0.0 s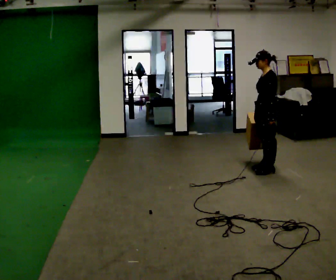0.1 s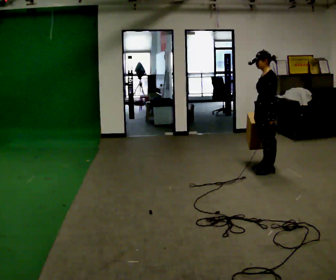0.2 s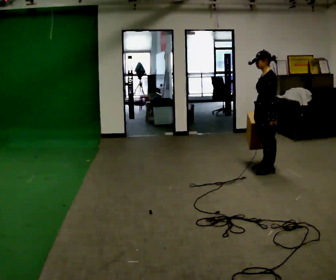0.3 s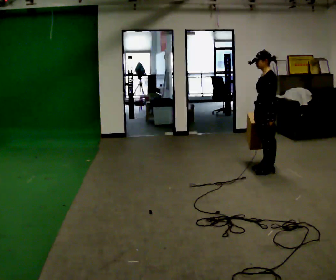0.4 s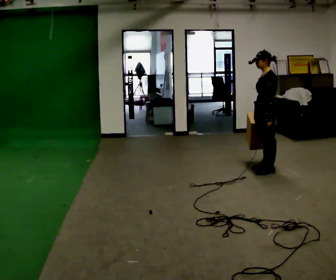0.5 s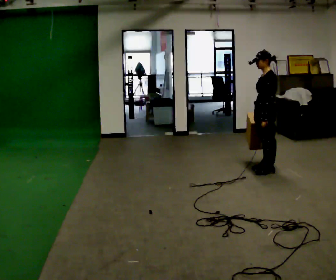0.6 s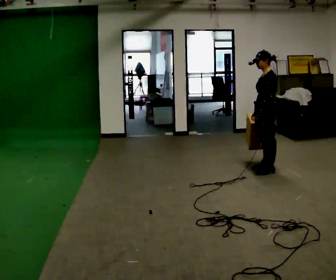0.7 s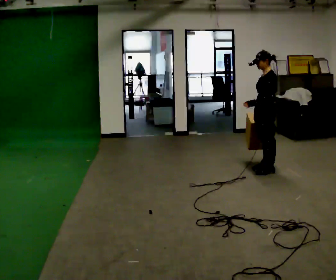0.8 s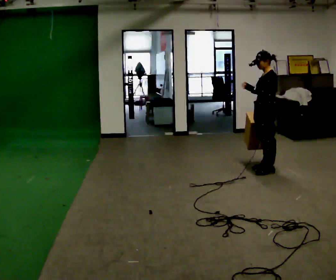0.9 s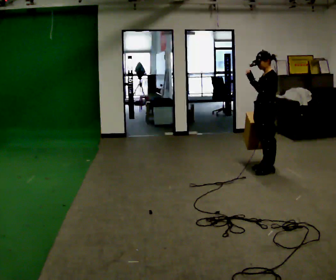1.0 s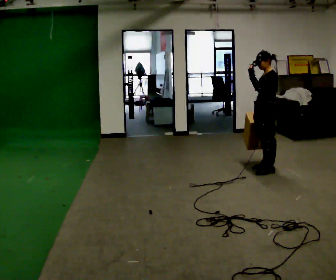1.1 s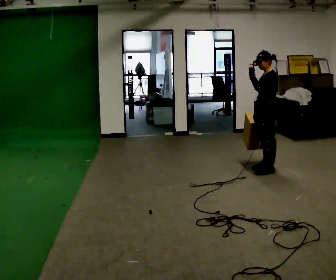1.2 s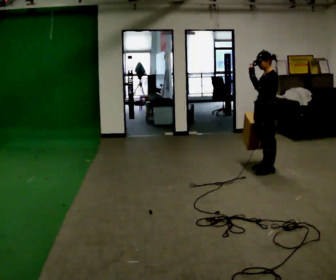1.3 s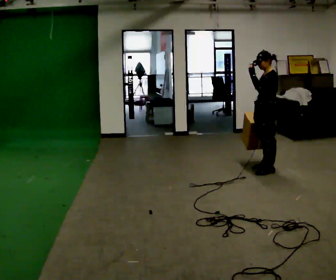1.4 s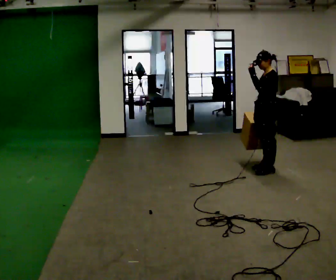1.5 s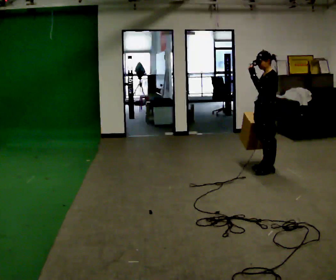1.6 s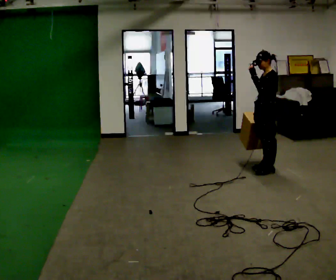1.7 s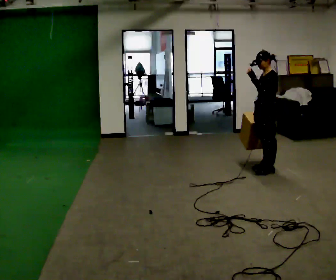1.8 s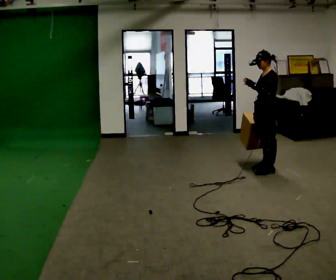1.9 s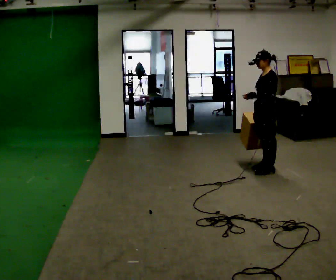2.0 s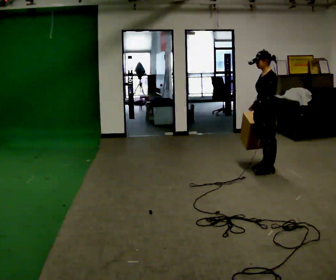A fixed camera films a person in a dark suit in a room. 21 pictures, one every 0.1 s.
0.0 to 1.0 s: In the picture their left hand goes upward.
1.0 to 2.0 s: The person moves a little, or ends about where they began.
The film runs backward here.
